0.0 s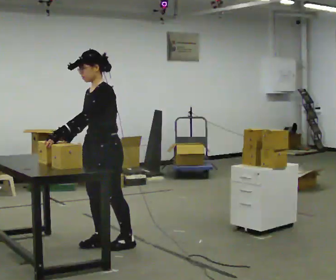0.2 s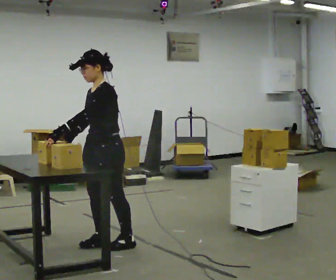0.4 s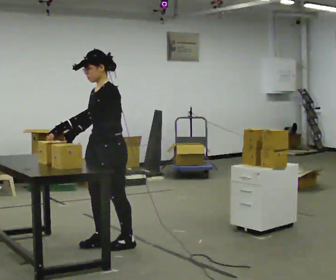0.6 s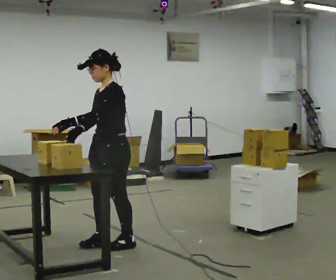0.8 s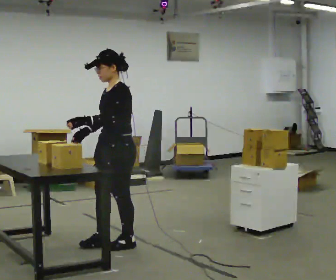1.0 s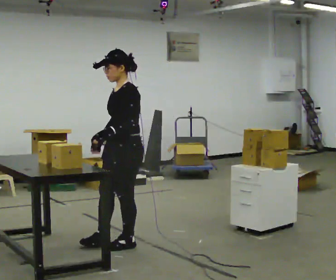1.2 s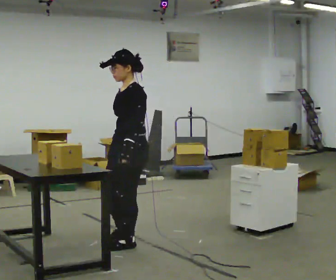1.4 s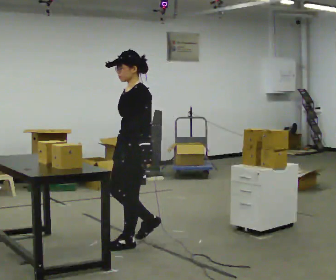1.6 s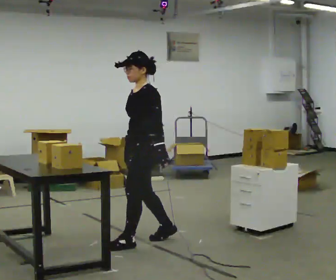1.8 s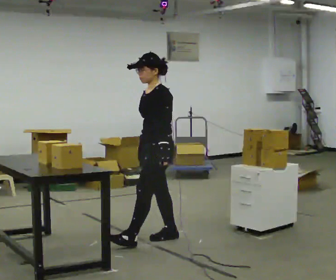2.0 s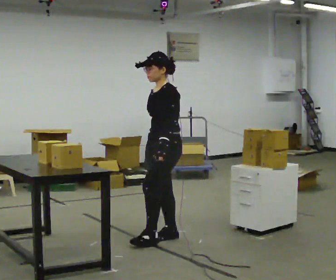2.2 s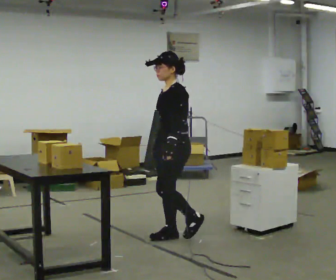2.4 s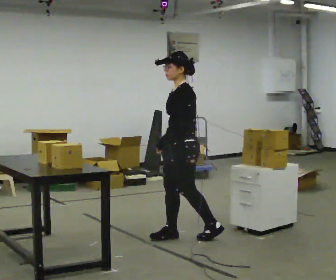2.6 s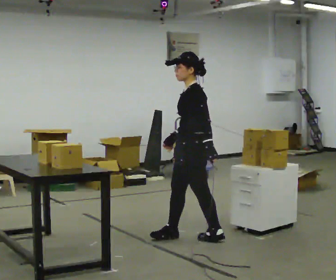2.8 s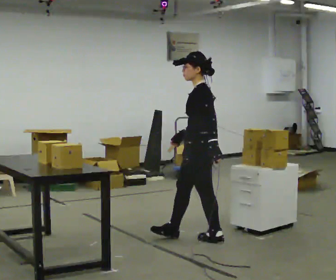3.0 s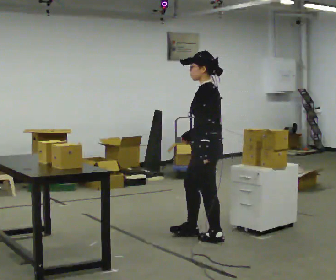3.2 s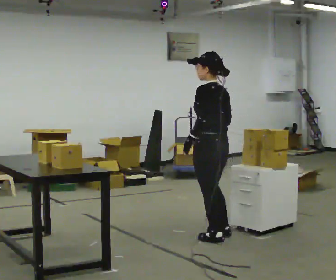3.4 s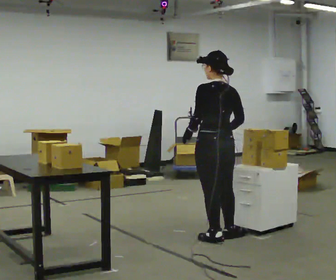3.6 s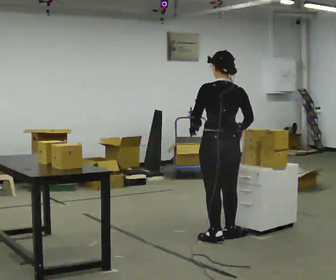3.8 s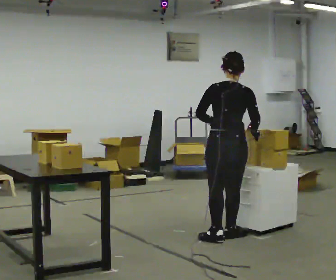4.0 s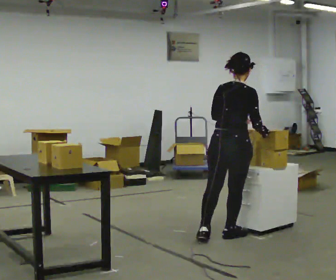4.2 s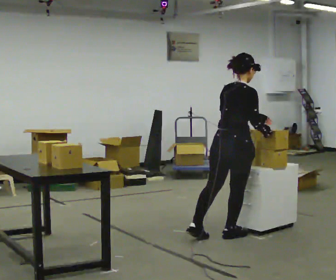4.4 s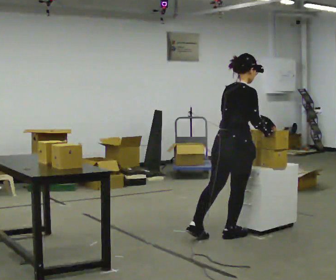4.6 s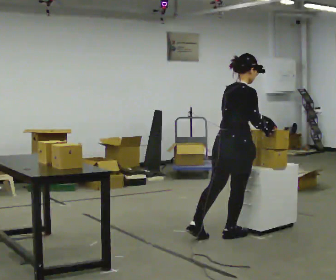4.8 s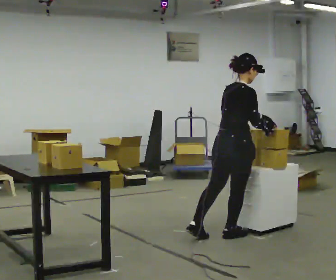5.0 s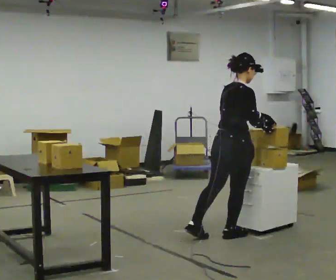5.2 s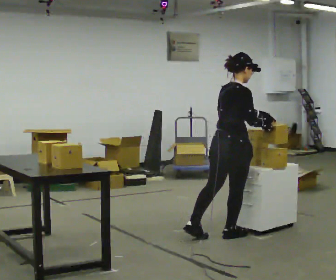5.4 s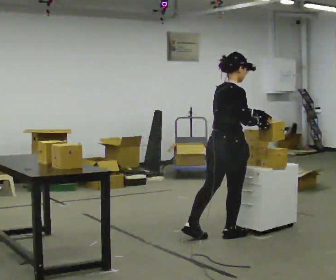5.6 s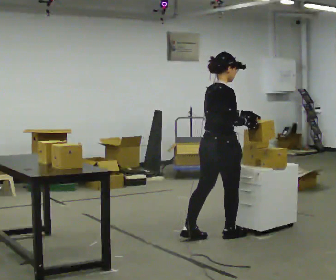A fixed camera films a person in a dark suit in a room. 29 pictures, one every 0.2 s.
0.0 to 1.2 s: In the picture they go to the right, about 0.25 m in 1 step, which for them is backward. In the picture their right hand goes to the right.
1.2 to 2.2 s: In the picture they go to the right and away from the camera, about 0.5 m in 1 step, which for them is backward.
2.2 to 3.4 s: The person turns about 90 degrees to their right, clockwise seen from above, so the part of the body nearest the lens slides to the left. In the picture they go to the right, about 0.25 m in 1 step.
3.4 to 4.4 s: The person turns about 75 degrees to their right, clockwise seen from above, so the part of the body nearest the lens slides to the left. In the picture their left hand goes to the right.
4.4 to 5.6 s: The person moves a little, or ends about where they began.
The film runs backward here.
